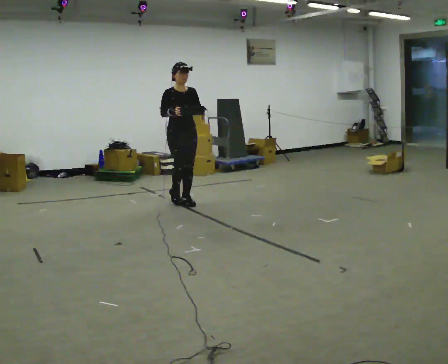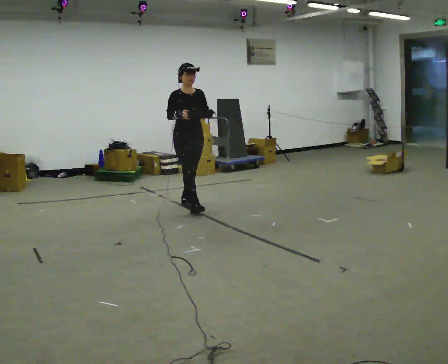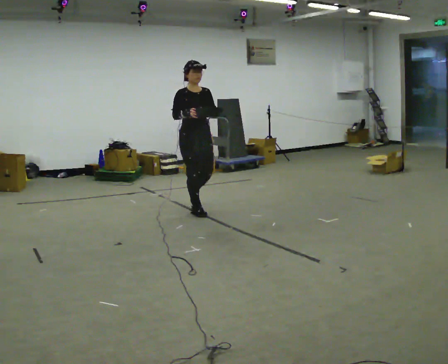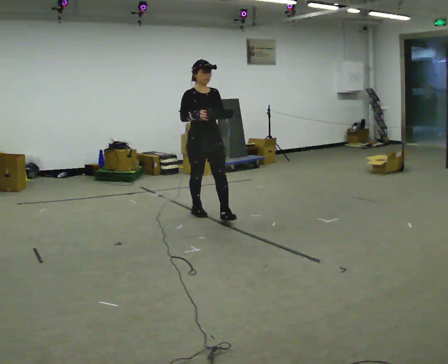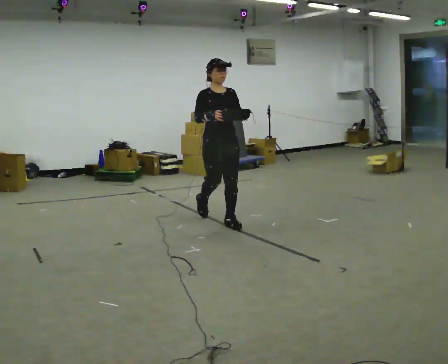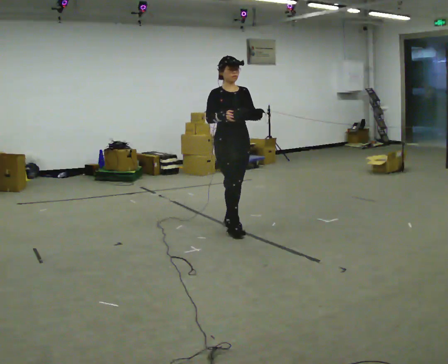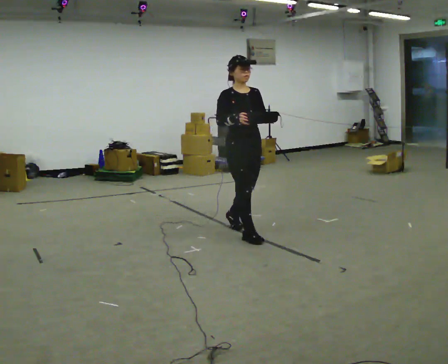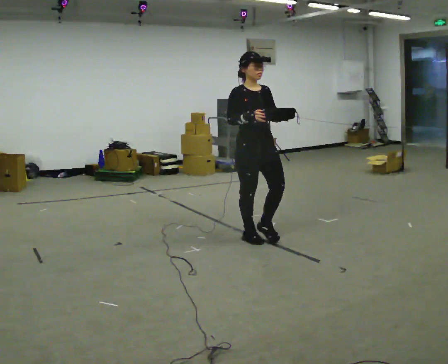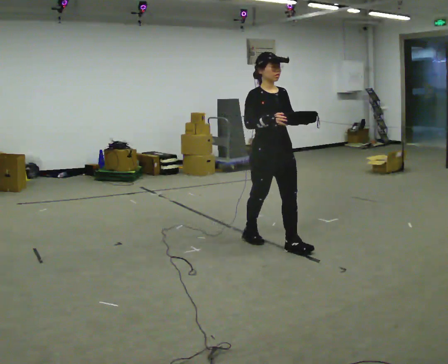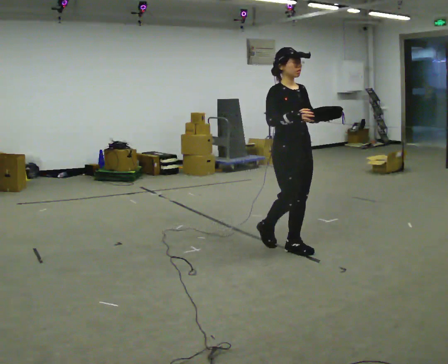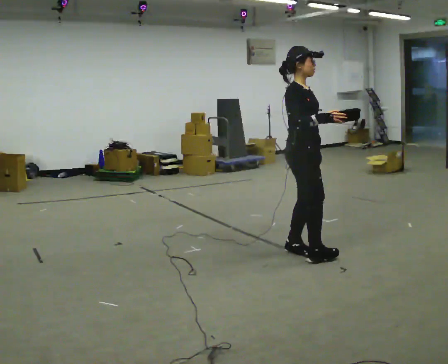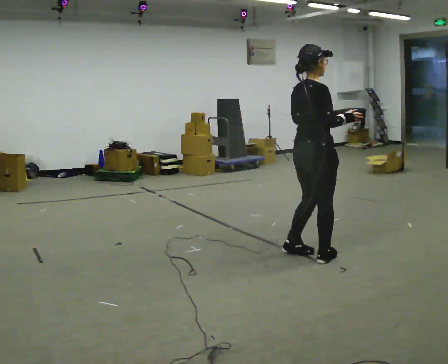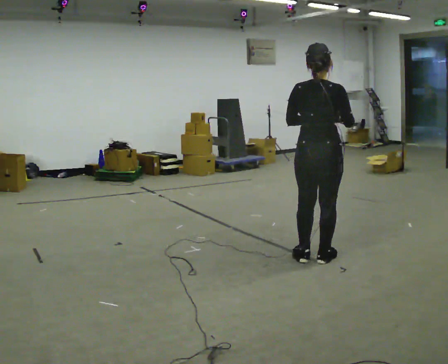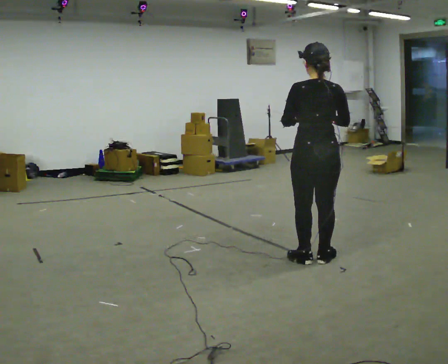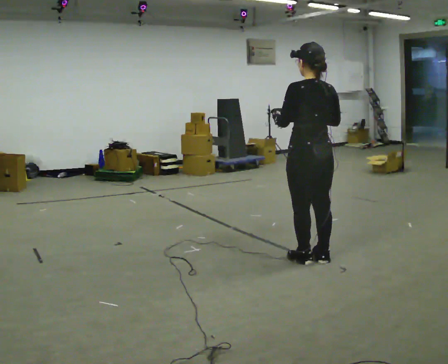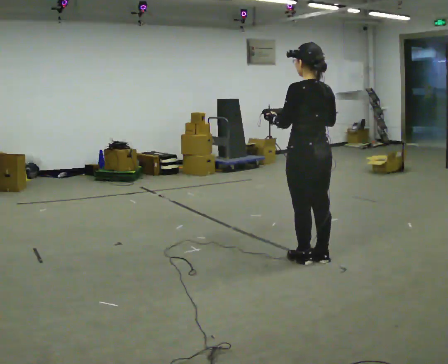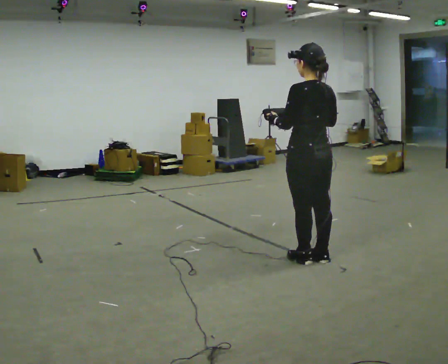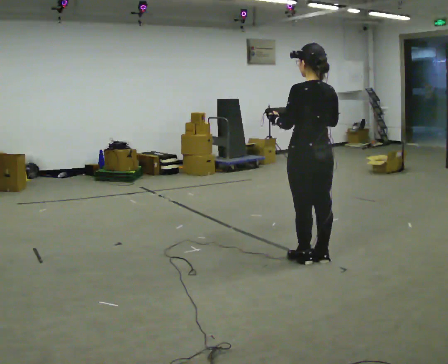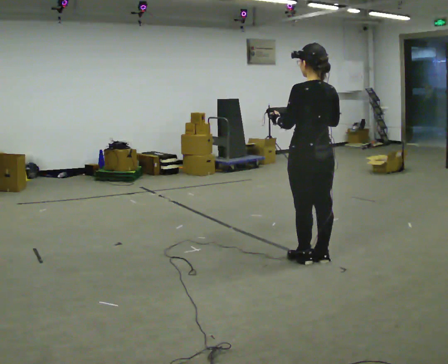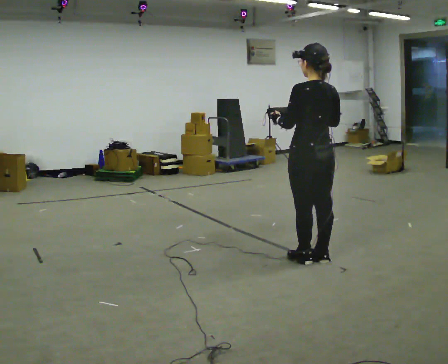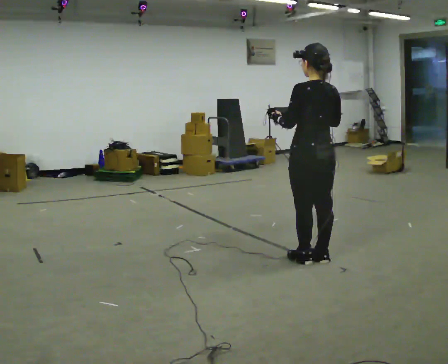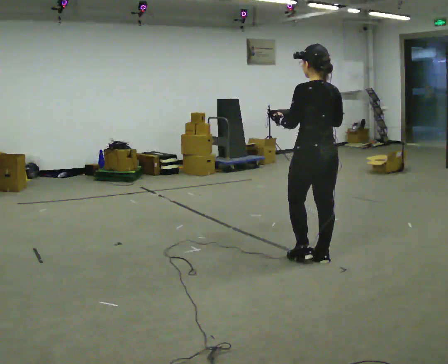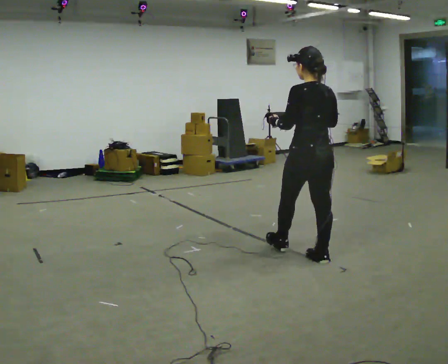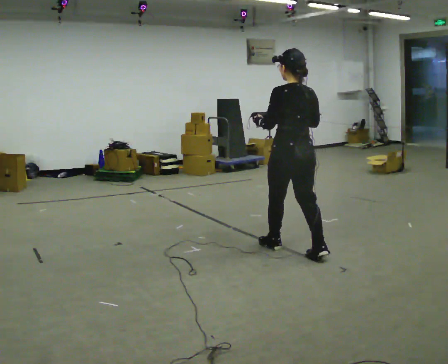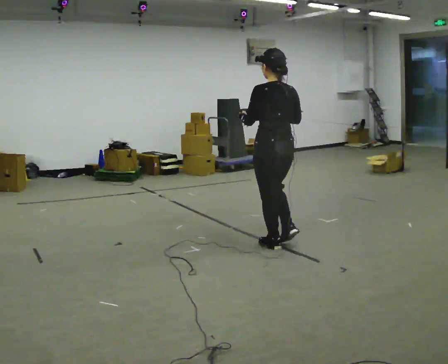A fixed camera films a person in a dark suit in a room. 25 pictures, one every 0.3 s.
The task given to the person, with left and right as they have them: Carry the object across the room. The lid hangs loose and will swing, so carry it however works. Keep going until the operator says stop; one object at a time, and do not rush between trips.
0.0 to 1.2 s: In the picture they go to the right and toward the camera, about 1 m in 2 steps, which for them is forward.
1.2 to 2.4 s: In the picture they go to the right and toward the camera, about 1 m in 2 steps, which for them is forward.
2.4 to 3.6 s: Seen from above the body turns counterclockwise, about 135 degrees: to their left, with its near side sliding to the right. In the picture they go to the right and toward the camera, about 0.5 m in 1 step.
3.6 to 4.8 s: Seen from above the body turns counterclockwise, about 45 degrees: to their left, with its near side sliding to the right.
4.8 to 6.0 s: The person moves a little, or ends about where they began.
6.0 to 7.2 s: In the picture they go to the left and away from the camera, about 0.5 m in 1 step, which for them is forward.
The film runs forward here.
